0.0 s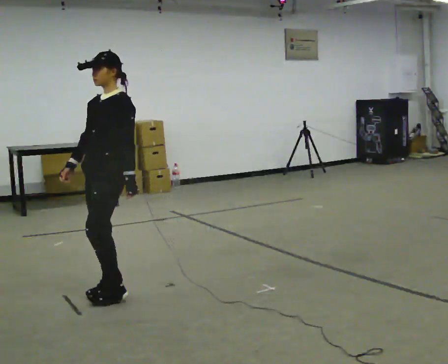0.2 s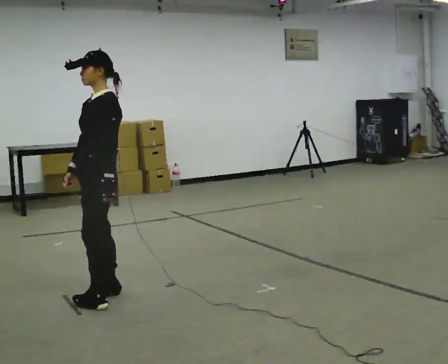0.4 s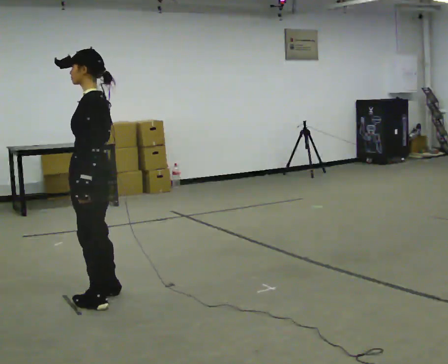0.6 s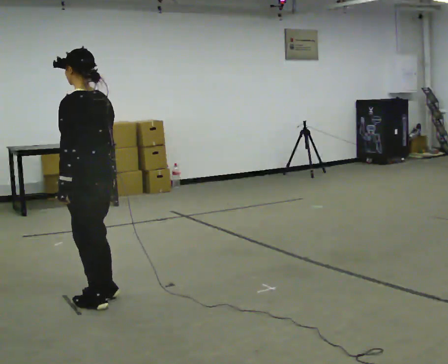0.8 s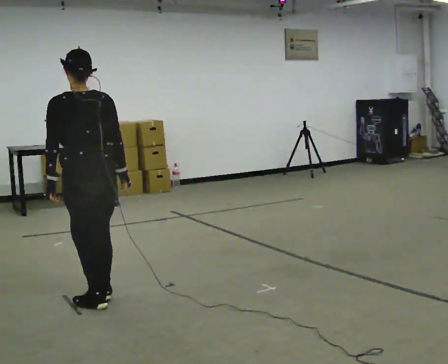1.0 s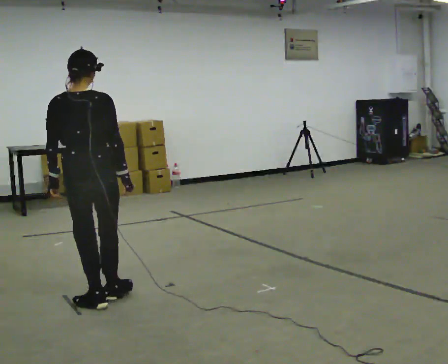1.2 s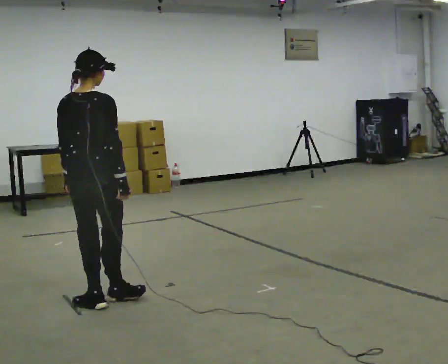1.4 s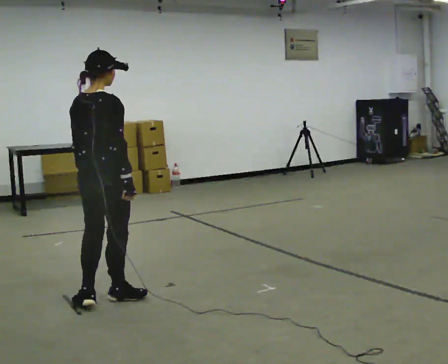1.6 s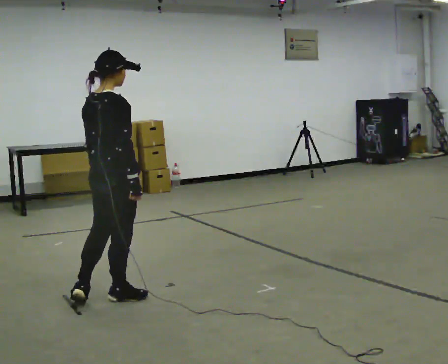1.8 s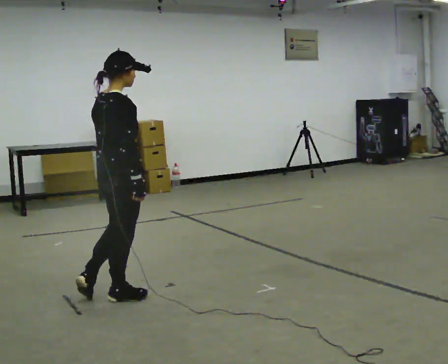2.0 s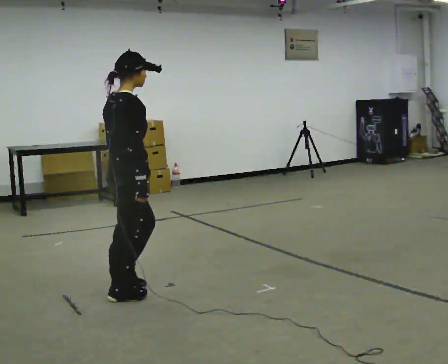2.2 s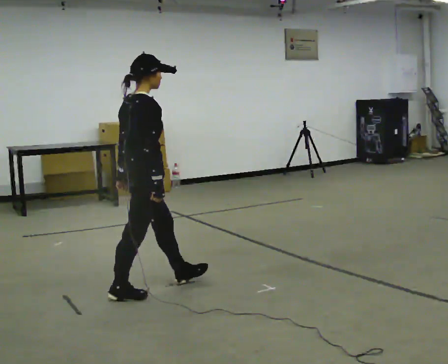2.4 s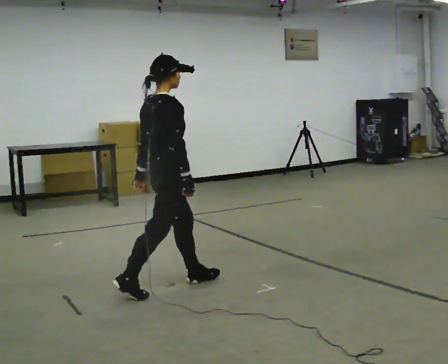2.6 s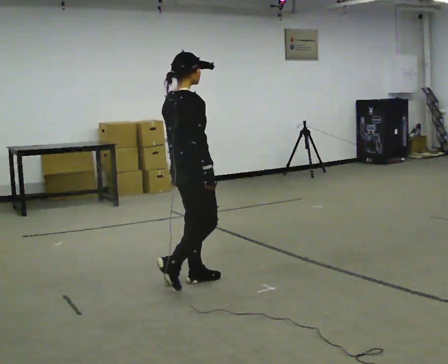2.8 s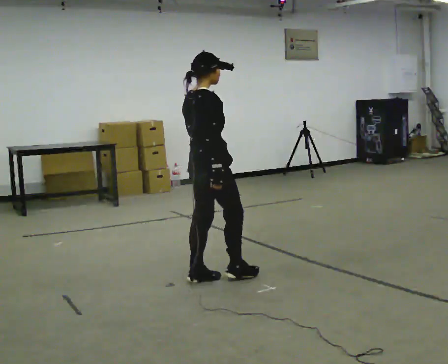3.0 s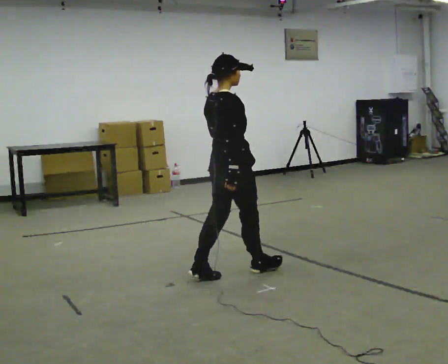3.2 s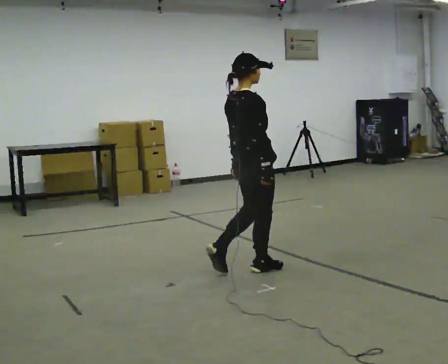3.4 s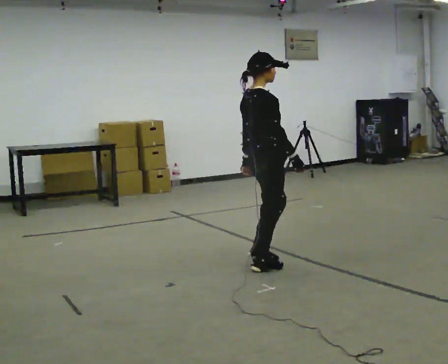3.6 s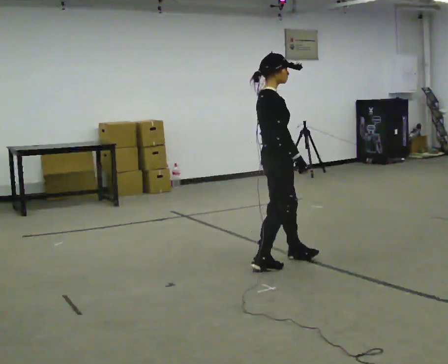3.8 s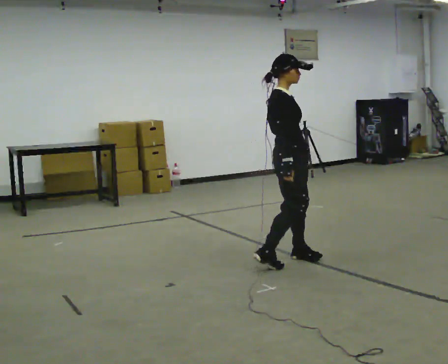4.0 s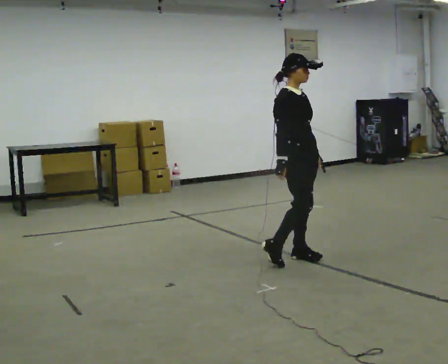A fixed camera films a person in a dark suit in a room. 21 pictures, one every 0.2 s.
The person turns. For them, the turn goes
to their right.
The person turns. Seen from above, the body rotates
clockwise.
0.0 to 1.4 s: Seen from above the body turns clockwise, about 165 degrees: to their right, with its near side sliding to the left. In the picture their right hand goes to the right, the arm swinging counterclockwise.
1.4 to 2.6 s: Seen from above the body turns clockwise, about 30 degrees: to their right, with its near side sliding to the left. In the picture they go to the right and away from the camera, about 0.75 m in 1 step, which for them is forward.
2.6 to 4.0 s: Seen from above the body turns clockwise, about 60 degrees: to their right, with its near side sliding to the left. In the picture they go to the right and away from the camera, about 1 m in 2 steps.
The film runs forward here.
